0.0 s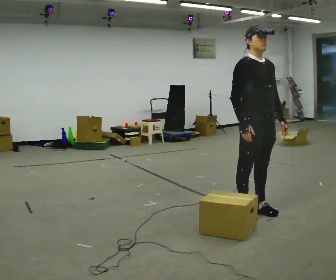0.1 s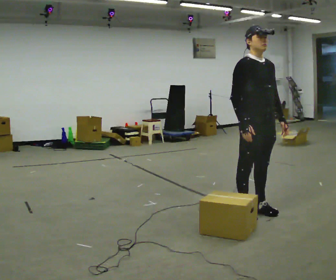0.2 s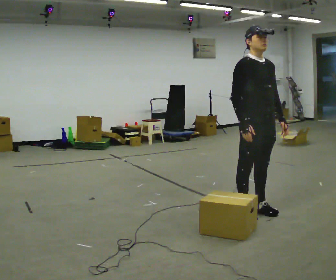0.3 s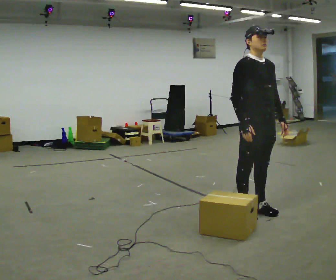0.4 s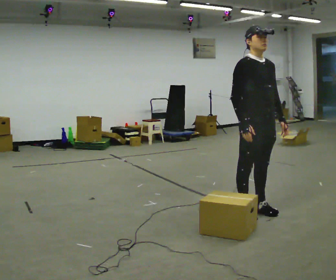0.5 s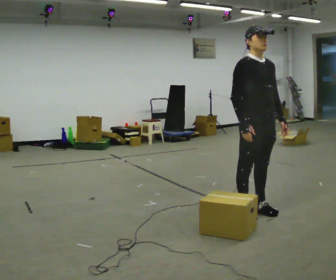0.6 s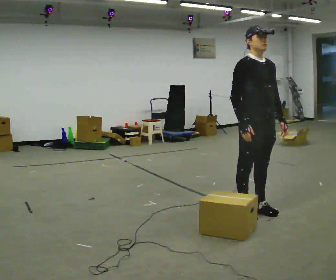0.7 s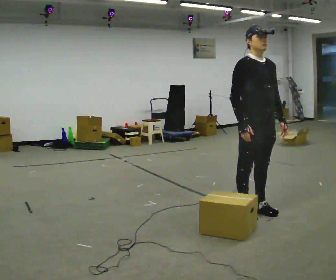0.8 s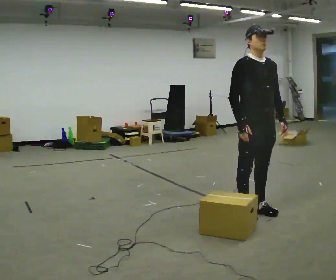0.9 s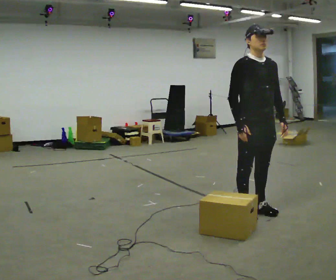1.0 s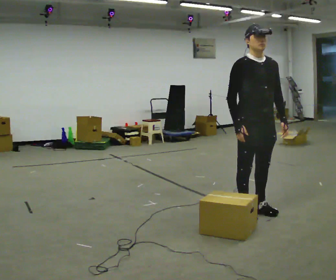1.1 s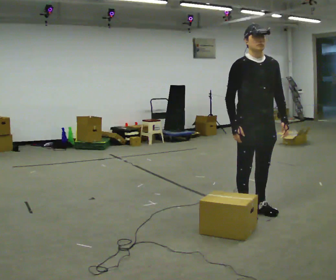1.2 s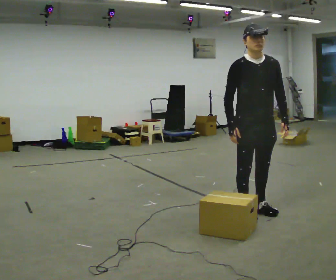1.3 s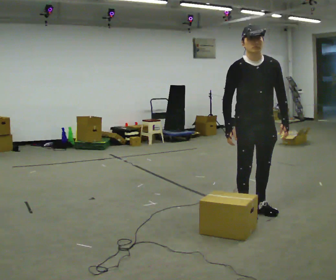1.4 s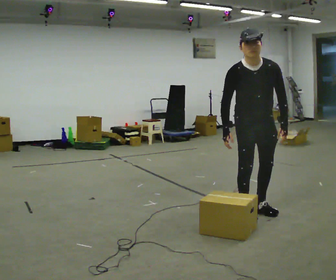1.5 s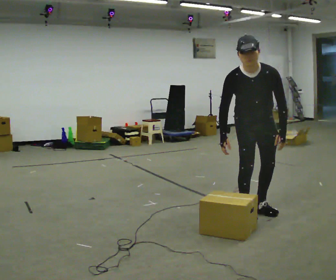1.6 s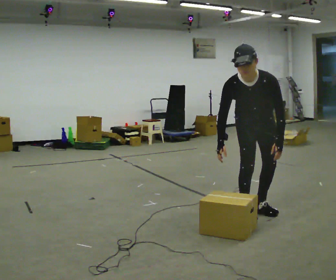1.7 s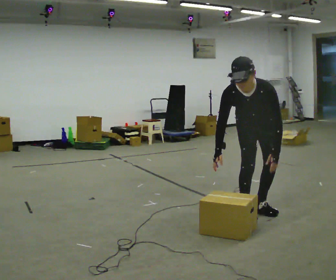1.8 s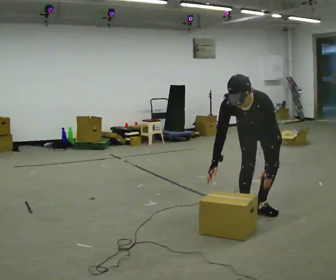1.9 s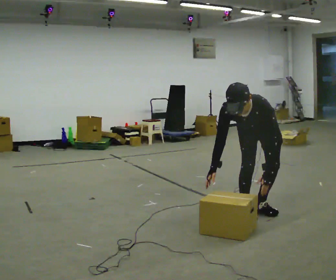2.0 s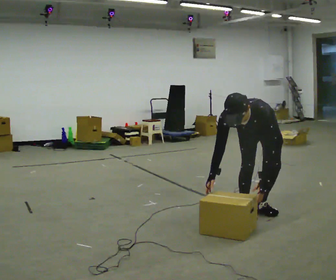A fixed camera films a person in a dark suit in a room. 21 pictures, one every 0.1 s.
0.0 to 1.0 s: The person moves a little, or ends about where they began.
1.0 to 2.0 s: The person turns about 45 degrees to their right, clockwise seen from above, so the part of the body nearest the lens slides to the left. The upper body goes downward. The upper body tips toward the camera, its near side rolling downward, as they bend forward. In the picture their left hand goes downward.
The film runs forward here.
